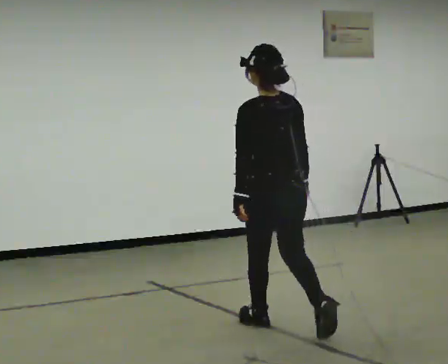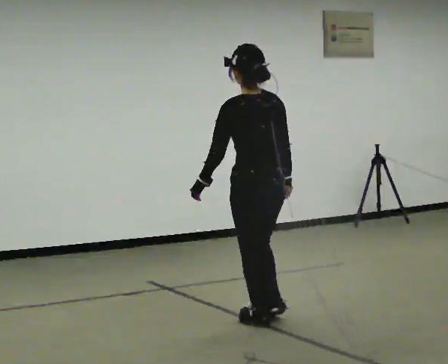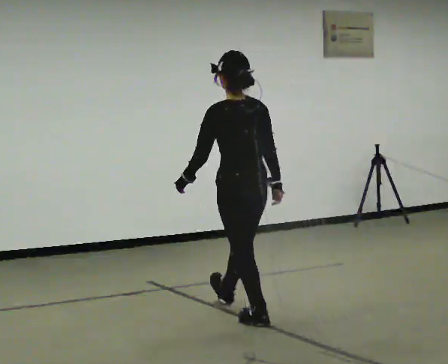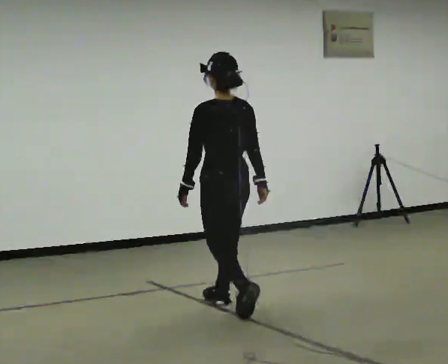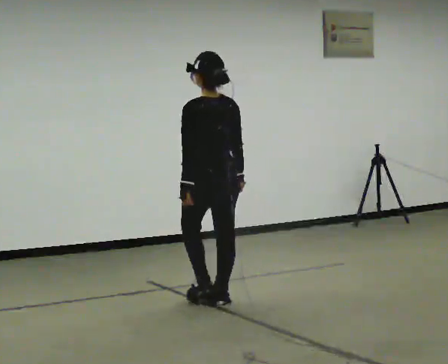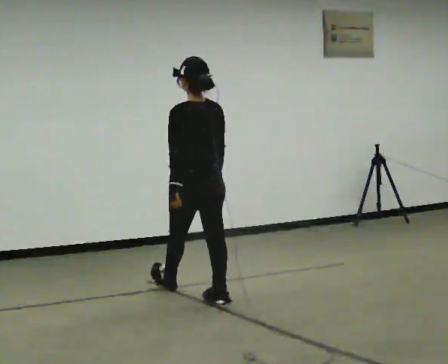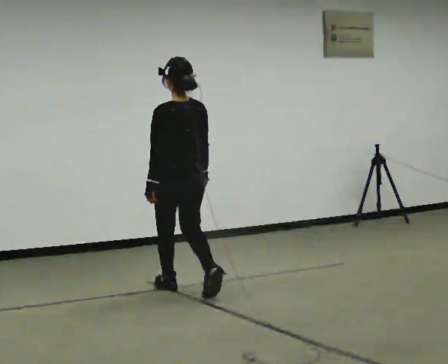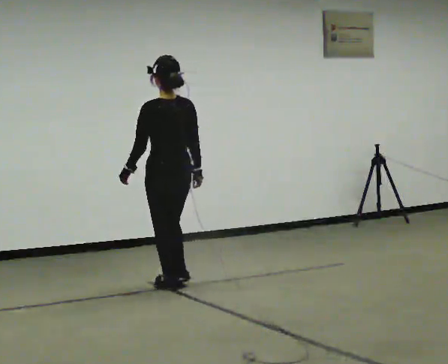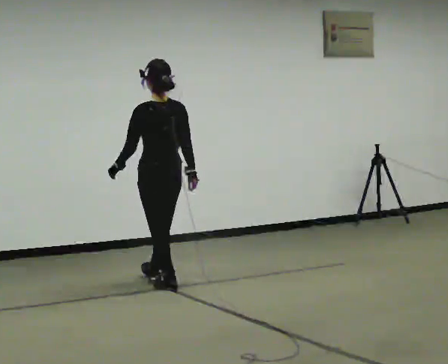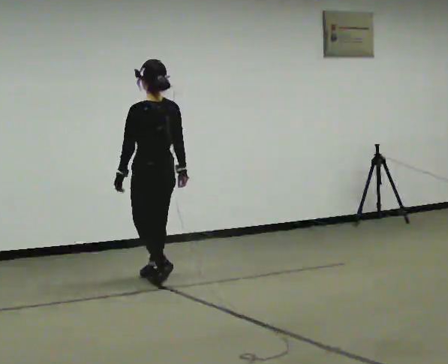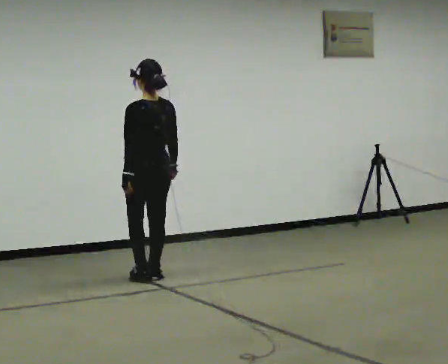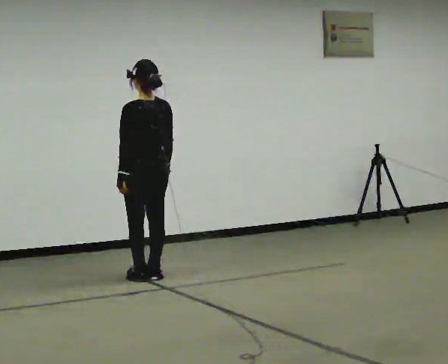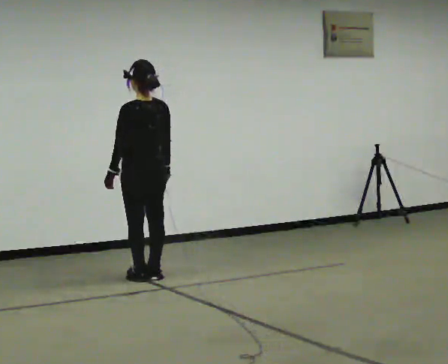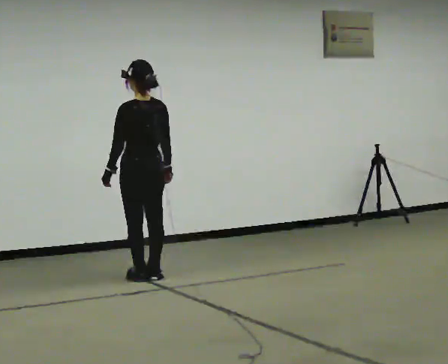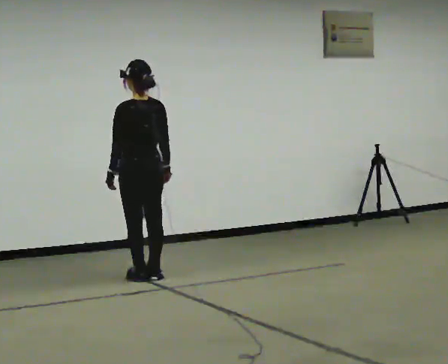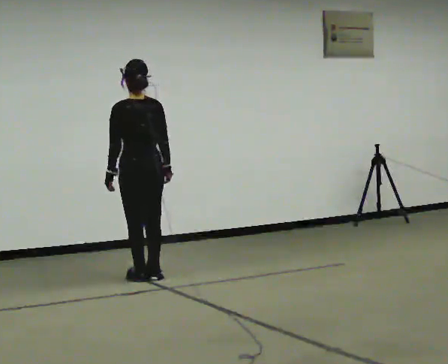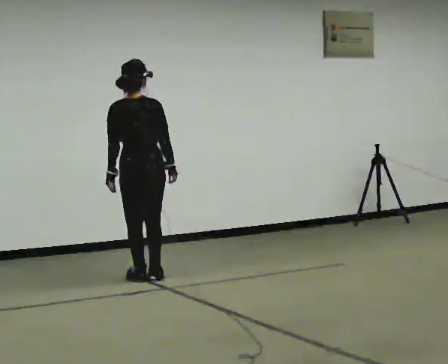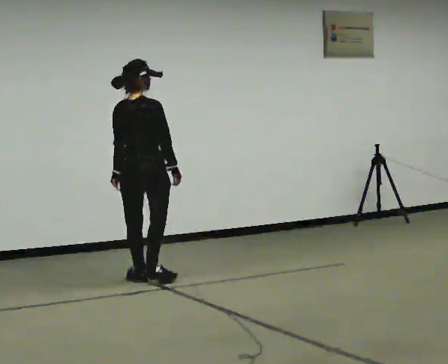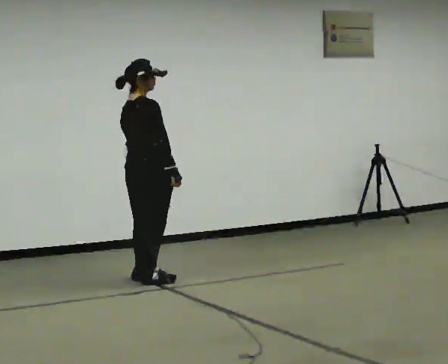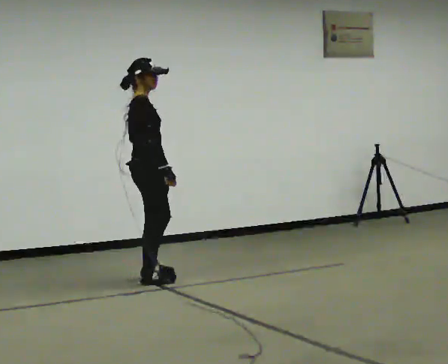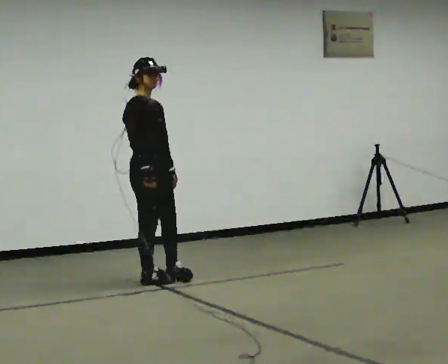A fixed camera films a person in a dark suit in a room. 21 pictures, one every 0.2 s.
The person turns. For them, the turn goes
to their right.
The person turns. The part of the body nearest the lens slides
to the left.
0.0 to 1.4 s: In the picture they go away from the camera and to the left, about 1.5 m in 2 steps, which for them is forward.
1.4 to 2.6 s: In the picture they go away from the camera and to the left, about 0.5 m in 2 steps, which for them is forward.
2.6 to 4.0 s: The person turns about 150 degrees to their right, clockwise seen from above, so the part of the body nearest the lens slides to the left. In the picture they go toward the camera, about 0.25 m in 1 step.
The film runs forward here.
